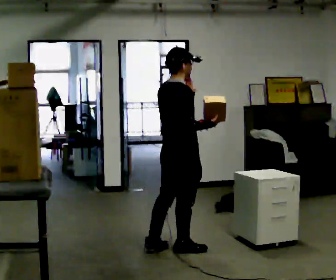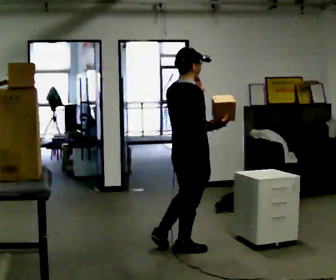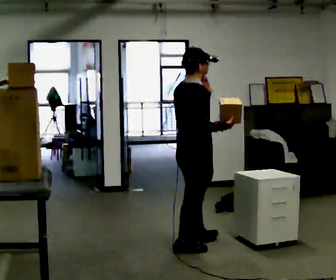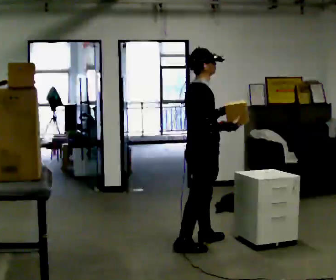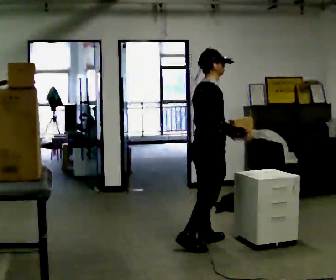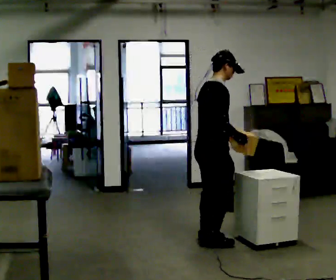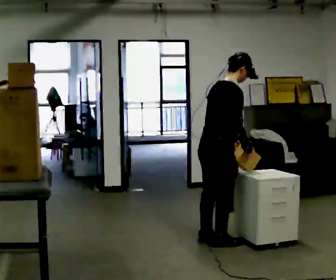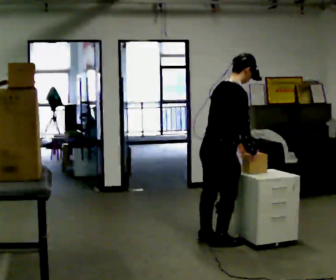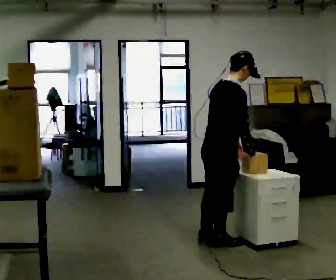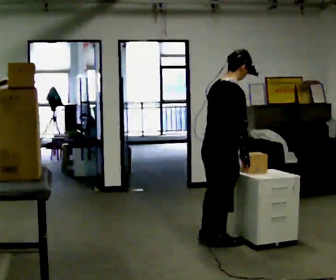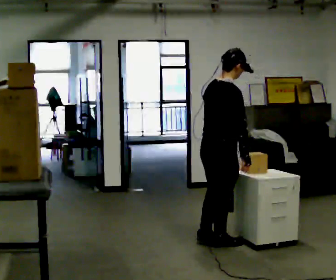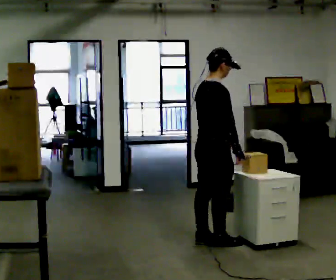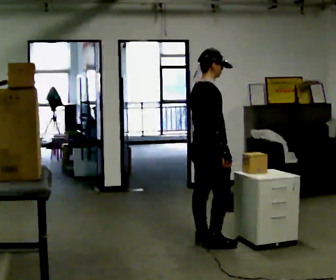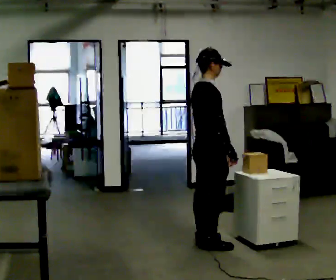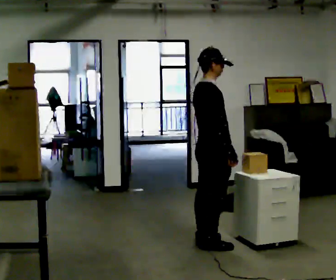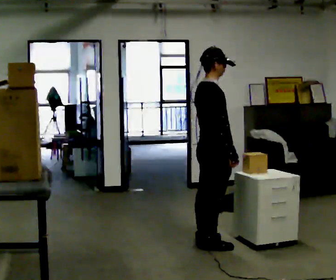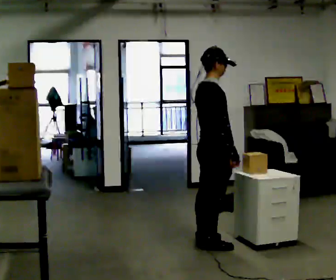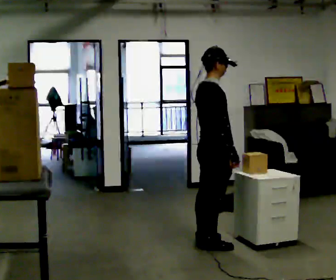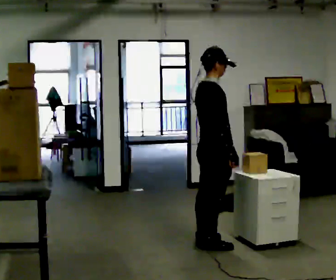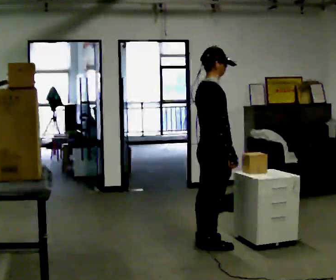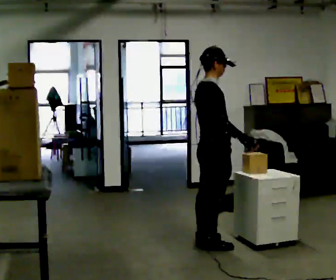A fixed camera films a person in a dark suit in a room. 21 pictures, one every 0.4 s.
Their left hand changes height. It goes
downward.
0.0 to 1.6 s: In the picture they go away from the camera and to the right, about 0.25 m in 1 step, which for them is forward. In the picture their left hand goes downward.
1.6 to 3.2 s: The person moves a little, or ends about where they began.
3.2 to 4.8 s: In the picture the upper body tilts counterclockwise, shoulders to the left.
4.8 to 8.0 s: The person moves a little, or ends about where they began.
The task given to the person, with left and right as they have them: Take an object down from the highest shelf you can comfortably reach, carry it across, and place it on the waist-height shelf. Keep going until the operator says stop; one object at a time, and do not rush between trips.
The film runs forward here.
